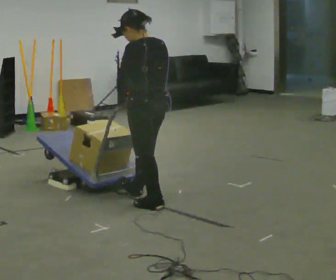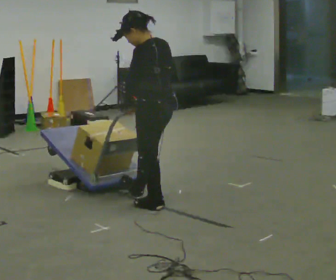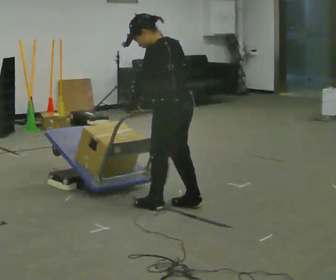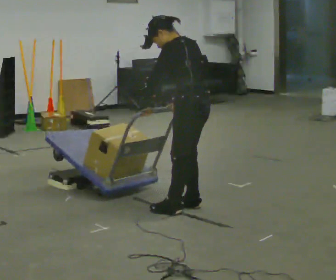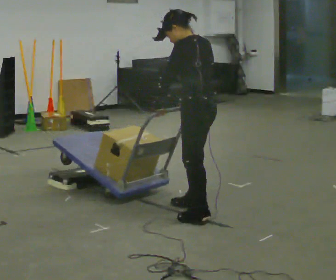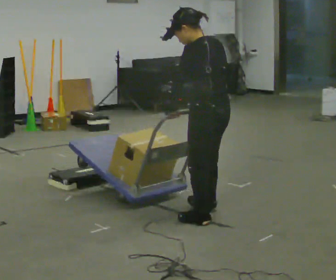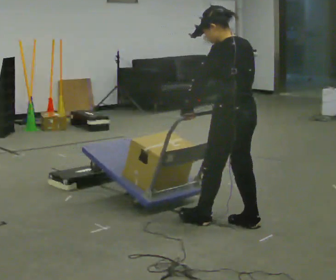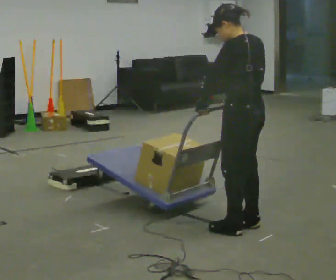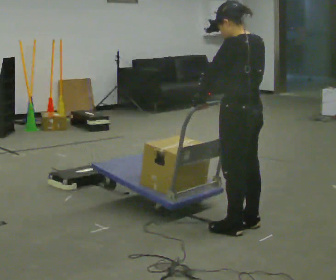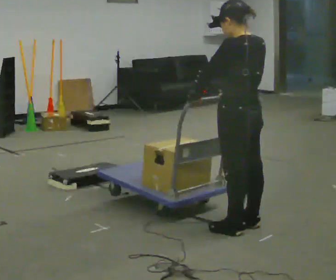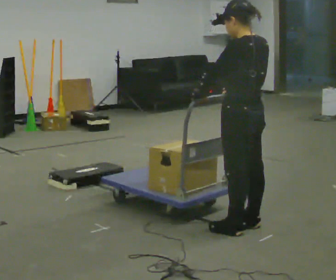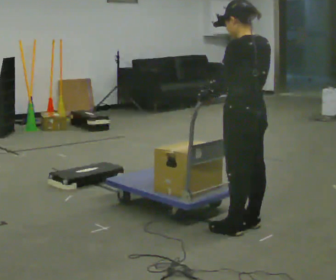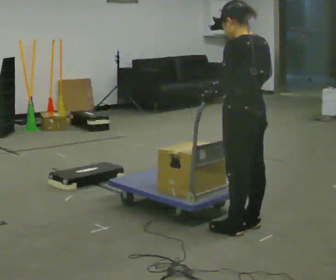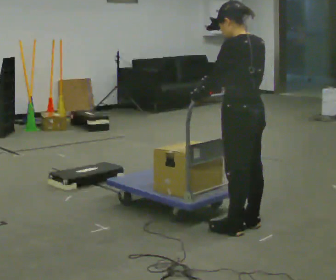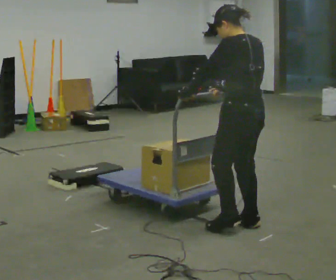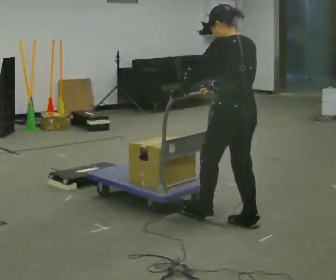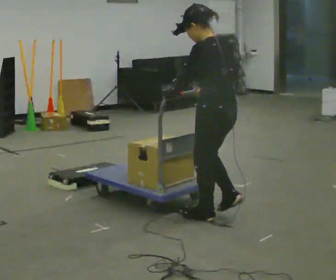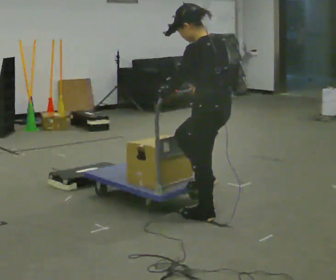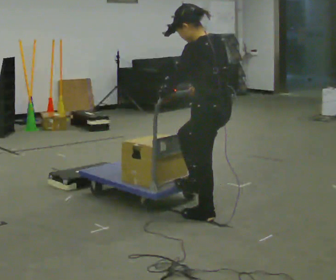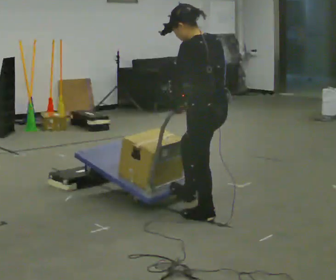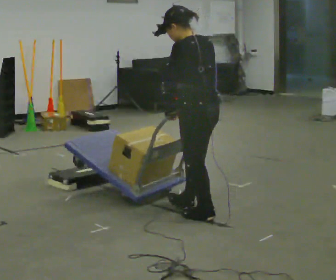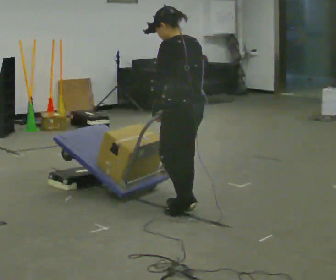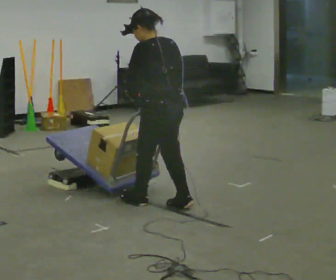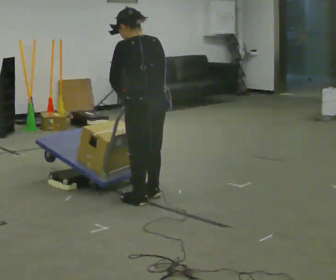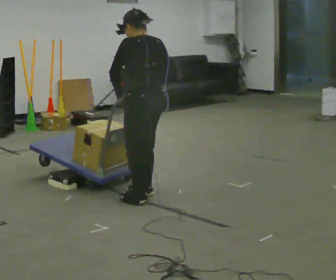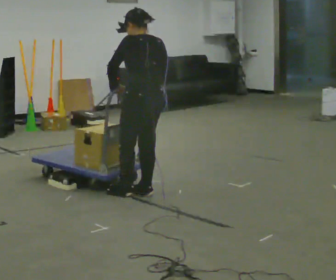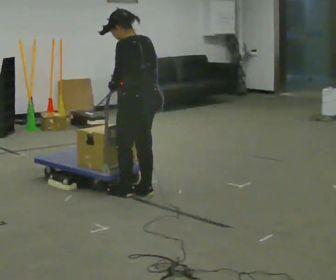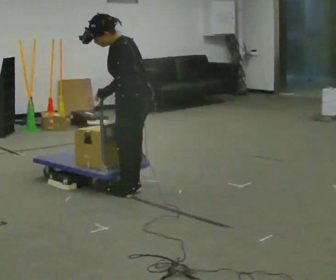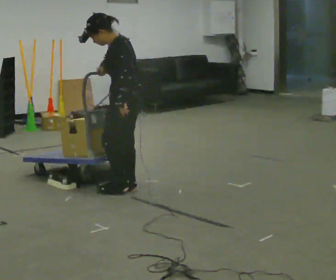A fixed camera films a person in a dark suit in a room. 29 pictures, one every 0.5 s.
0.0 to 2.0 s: In the picture they go to the right, about 0.5 m in 2 steps, which for them is backward.
2.0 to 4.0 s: In the picture they go to the right and toward the camera, about 0.5 m in 2 steps, which for them is backward.
4.0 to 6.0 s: The person moves a little, or ends about where they began.
6.0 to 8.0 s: In the picture they go to the left, about 0.25 m in 1 step, which for them is forward. In the picture their right hand goes to the left.
8.0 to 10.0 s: The person moves a little, or ends about where they began.
10.0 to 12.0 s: In the picture they go to the left and away from the camera, about 0.5 m in 2 steps, which for them is forward.
12.0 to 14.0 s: The part of the body nearest the lens slides to the right as the person turns to their left by about 30 degrees. In the picture they go to the left and away from the camera, about 0.25 m in 2 steps, which for them is forward.
The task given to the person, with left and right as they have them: Push the cart up over the low platform edge and down the other side, then bring it back over.
The film runs forward here.
